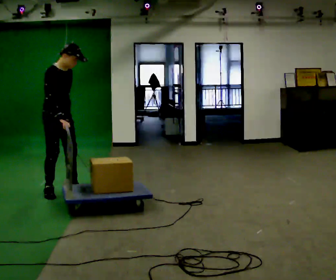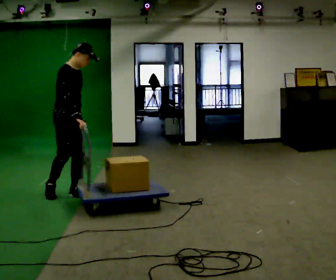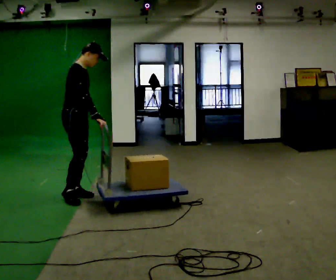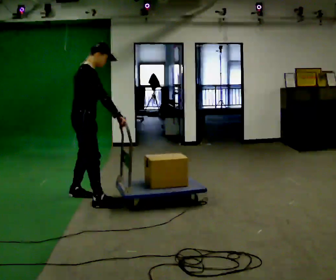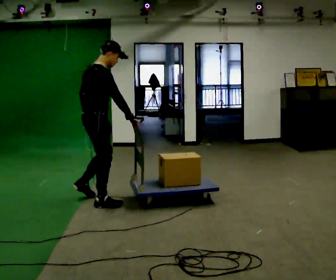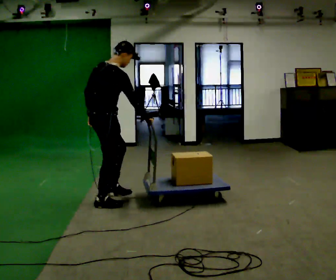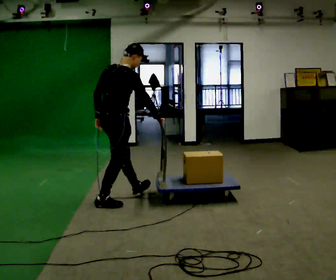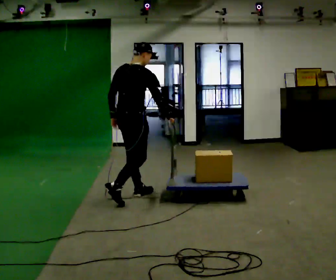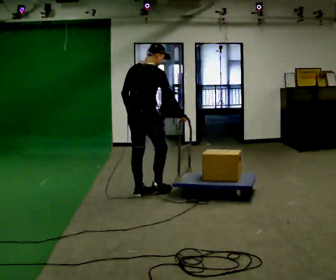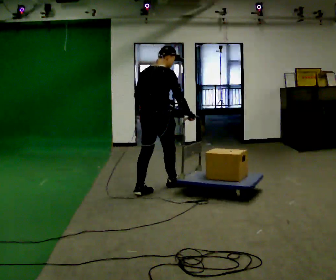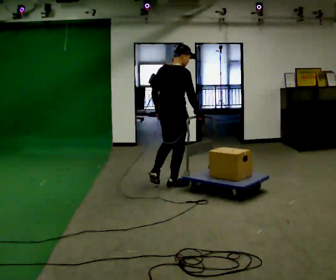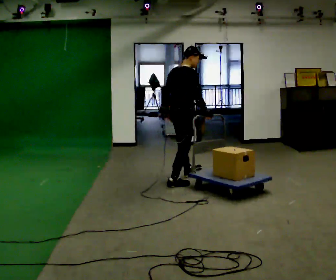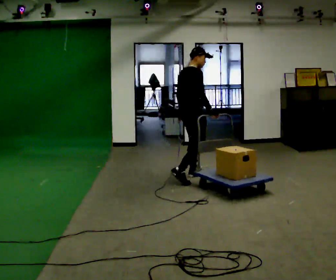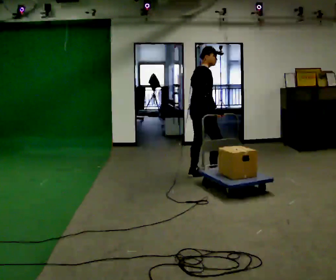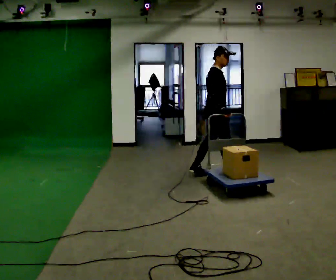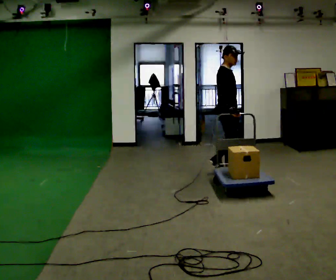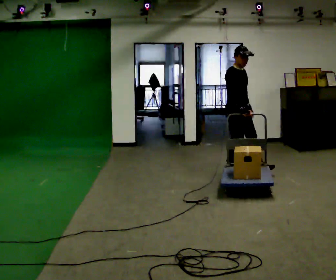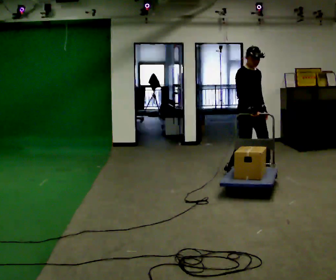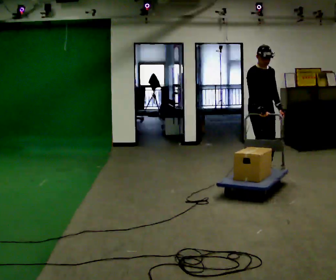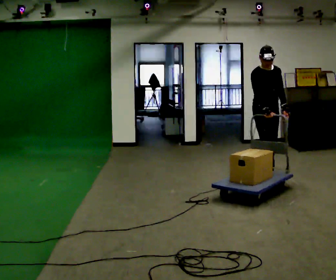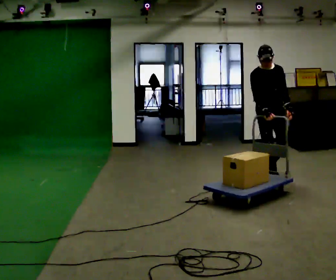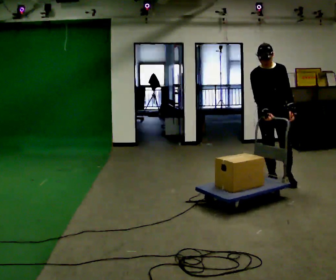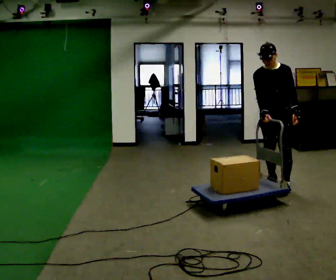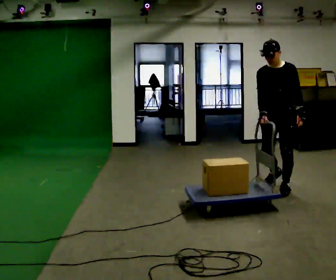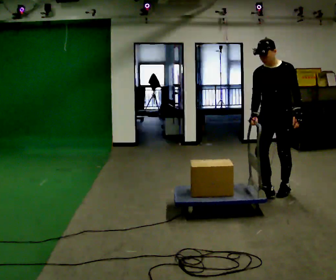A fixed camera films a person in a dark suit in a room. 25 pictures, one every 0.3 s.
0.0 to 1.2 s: The person turns about 45 degrees to their left, counterclockwise seen from above, so the part of the body nearest the lens slides to the right. In the picture they go to the right and toward the camera, about 0.5 m in 2 steps, which for them is forward and to their right.
1.2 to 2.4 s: The part of the body nearest the lens slides to the right as the person turns to their left by about 30 degrees. In the picture they go to the right and away from the camera, about 0.5 m in 1 step, which for them is forward.
2.4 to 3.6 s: Seen from above the body turns clockwise, about 30 degrees: to their right, with its near side sliding to the left. In the picture they go away from the camera and to the right, about 1 m in 2 steps, which for them is forward.
3.6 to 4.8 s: The part of the body nearest the lens slides to the left as the person turns to their right by about 60 degrees. In the picture they go to the right, about 0.75 m in 1 step.
4.8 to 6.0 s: The person turns about 45 degrees to their right, clockwise seen from above, so the part of the body nearest the lens slides to the left. In the picture they go to the right and toward the camera, about 0.5 m in 2 steps, which for them is forward.
6.0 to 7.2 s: The part of the body nearest the lens slides to the left as the person turns to their right by about 45 degrees. In the picture they go toward the camera, about 0.5 m in 1 step, which for them is forward.
The film runs forward here.
